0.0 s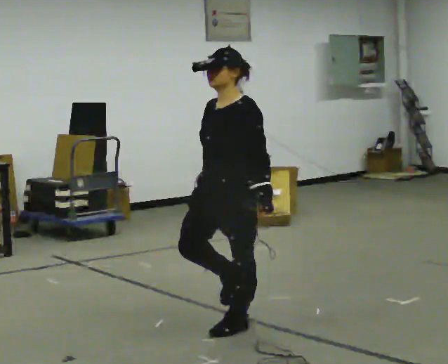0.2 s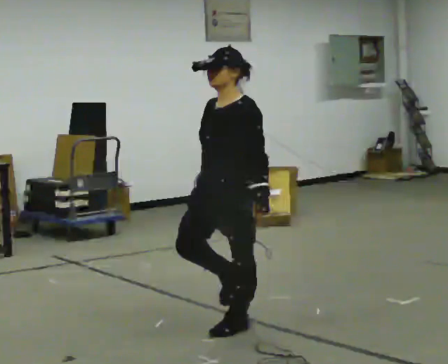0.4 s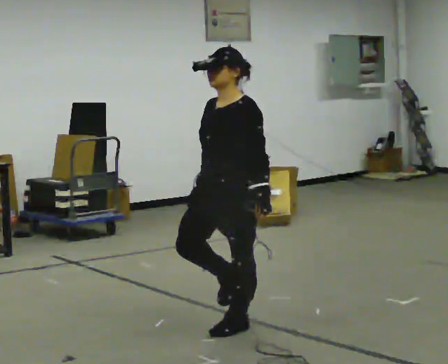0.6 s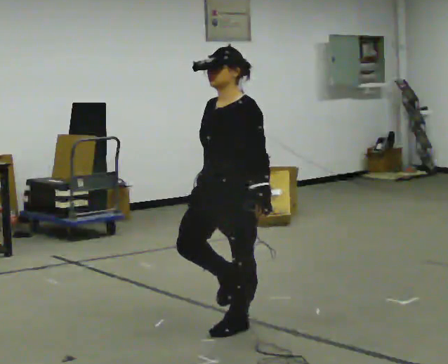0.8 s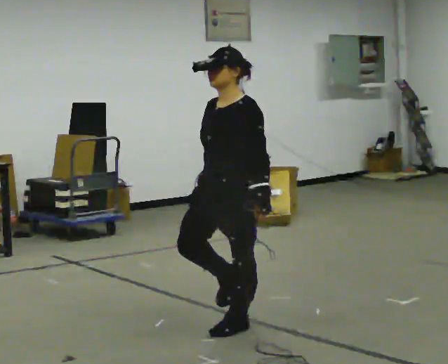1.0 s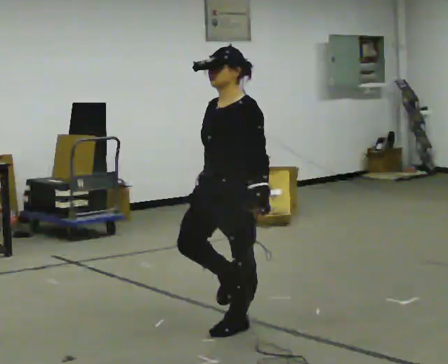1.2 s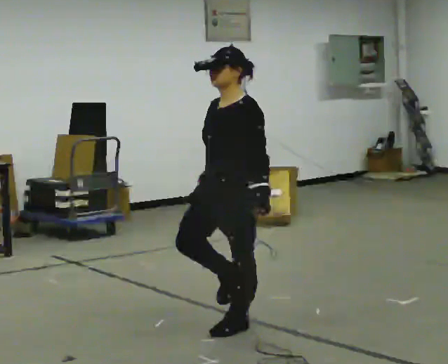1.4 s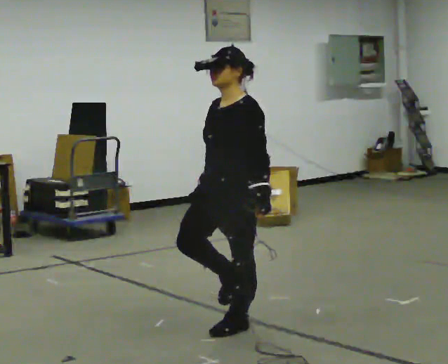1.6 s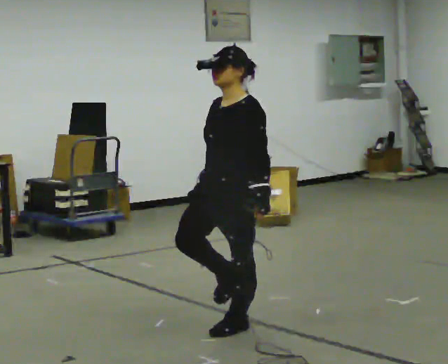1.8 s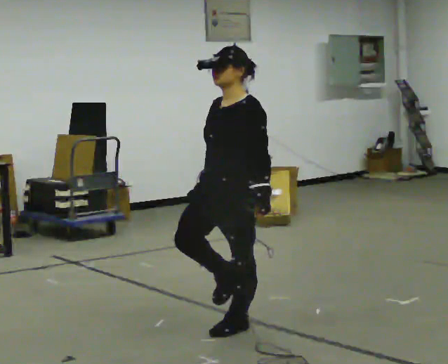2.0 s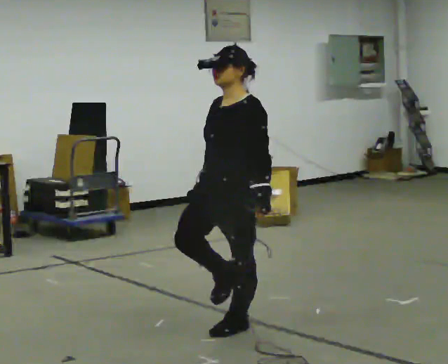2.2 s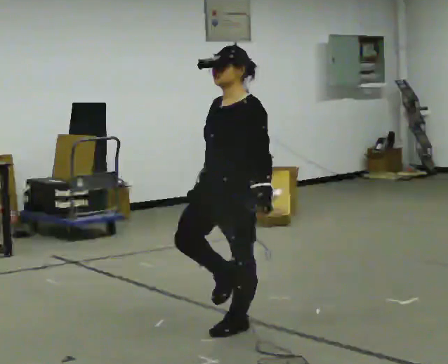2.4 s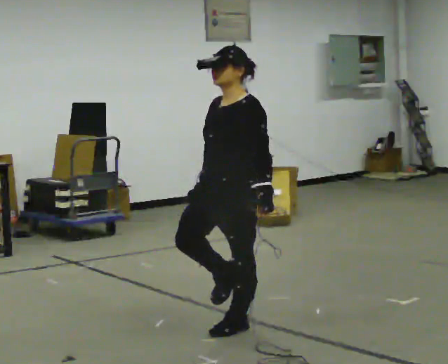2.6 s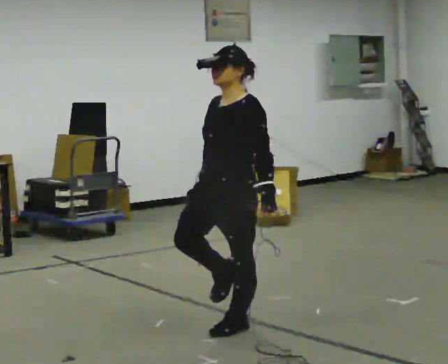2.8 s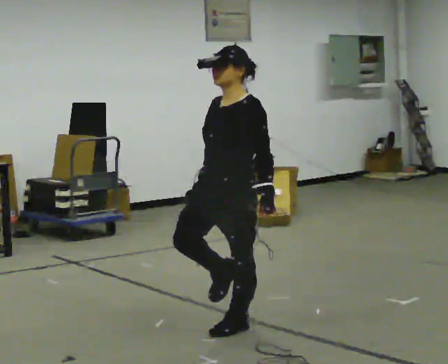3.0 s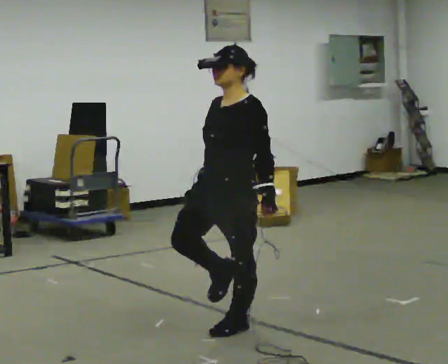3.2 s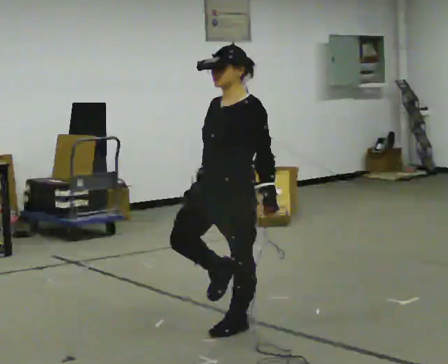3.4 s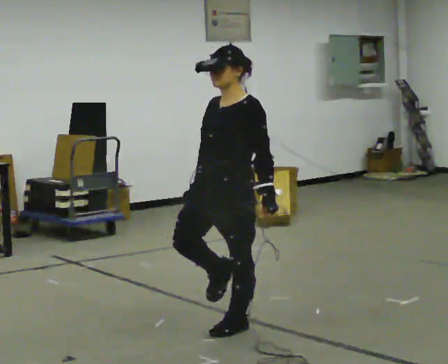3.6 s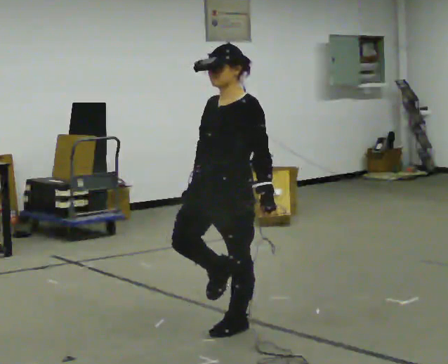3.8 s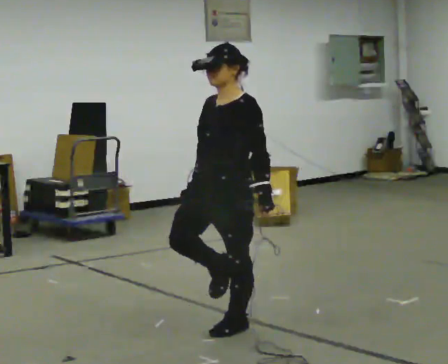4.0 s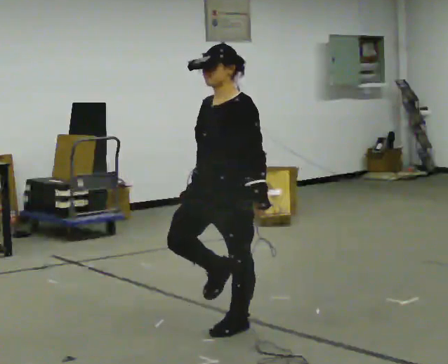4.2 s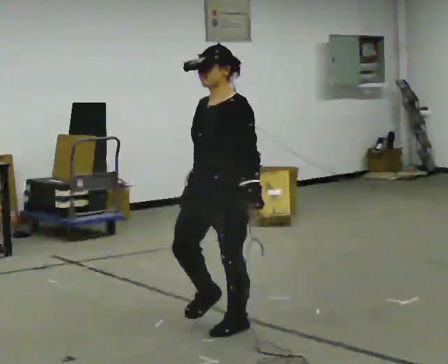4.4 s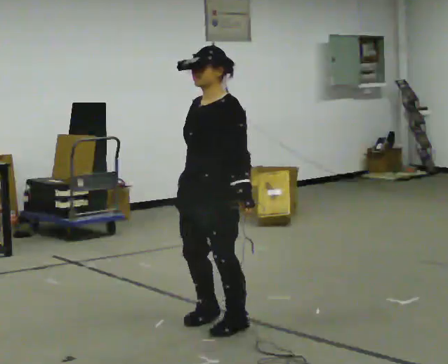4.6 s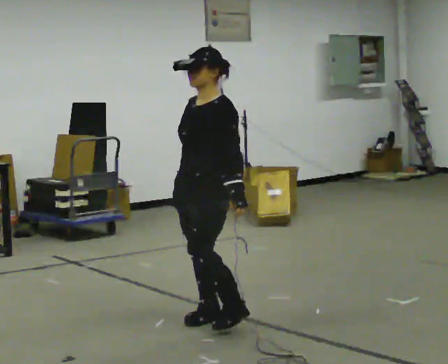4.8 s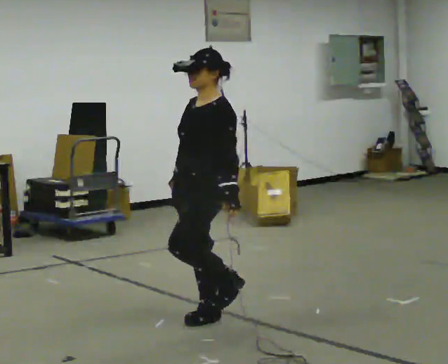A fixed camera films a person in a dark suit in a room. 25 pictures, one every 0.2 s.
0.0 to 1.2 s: The person moves a little, or ends about where they began.
1.2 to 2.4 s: The person keeps their place and pose.
2.4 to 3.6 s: The person moves a little, or ends about where they began.
3.6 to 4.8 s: In the picture they go away from the camera, about 0.25 m, which for them is to their right.
The film runs backward here.
